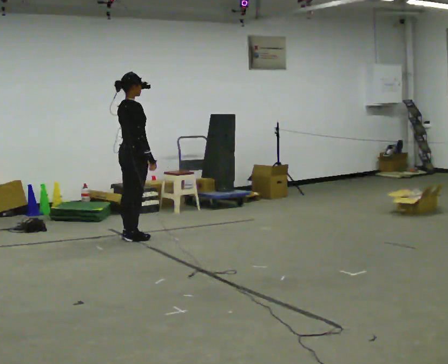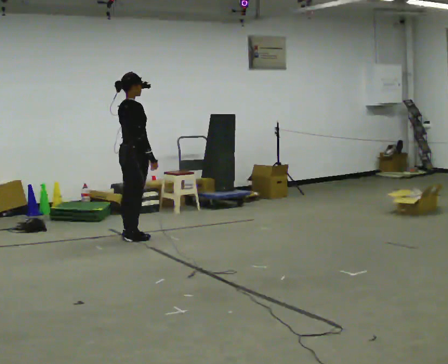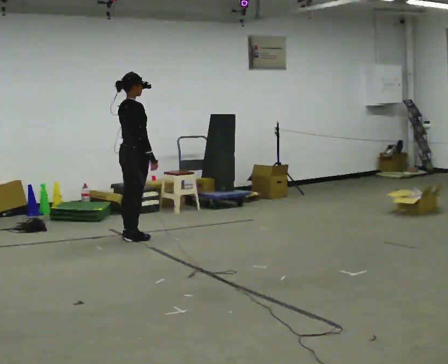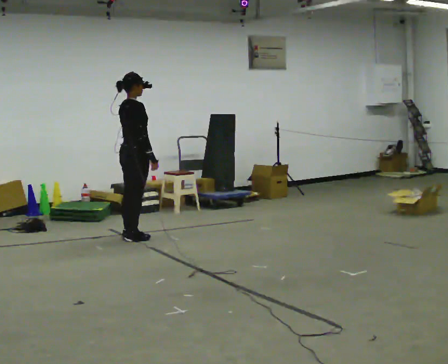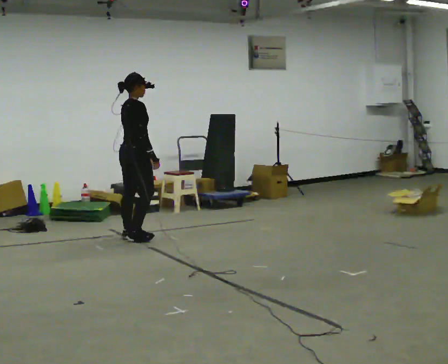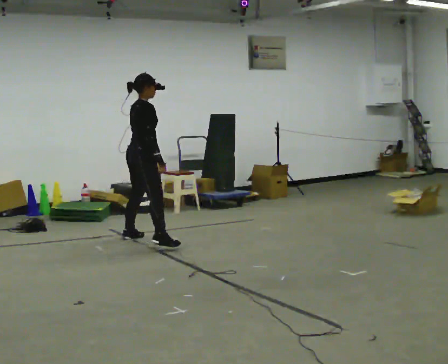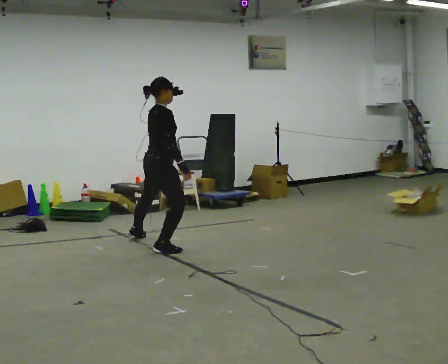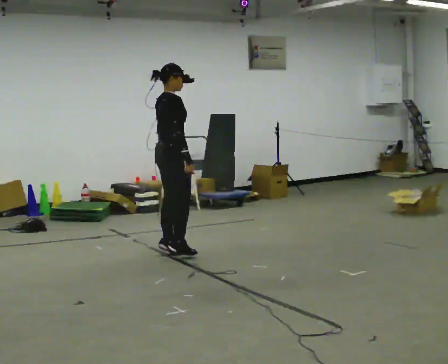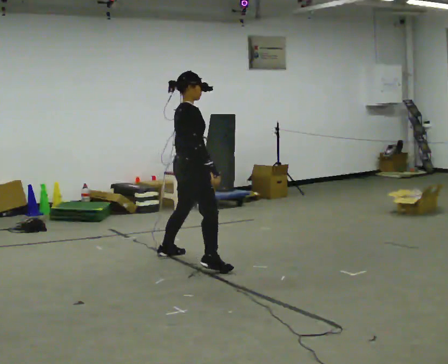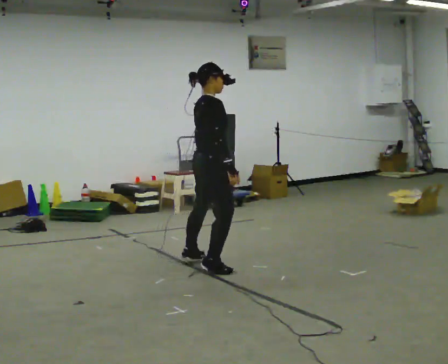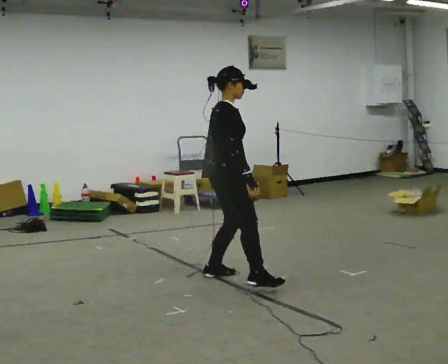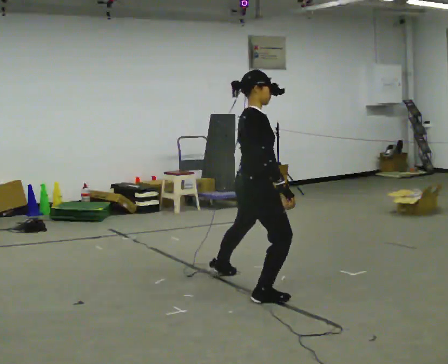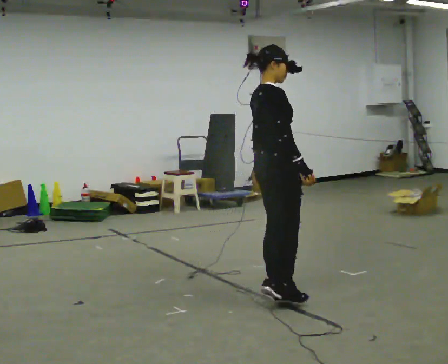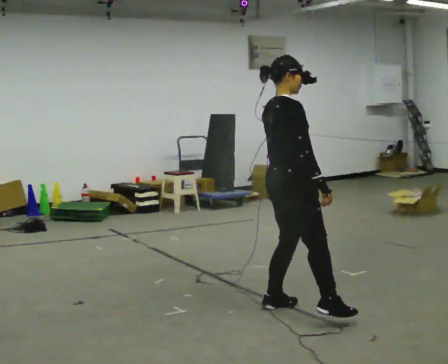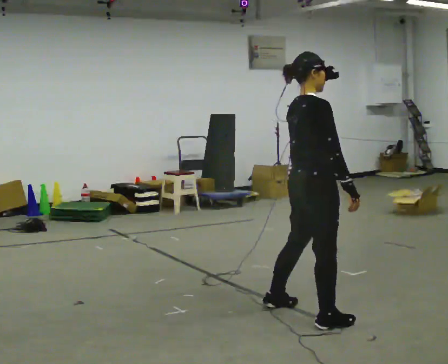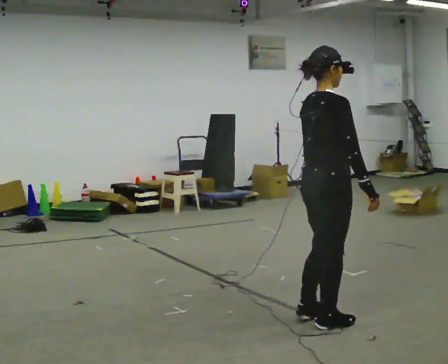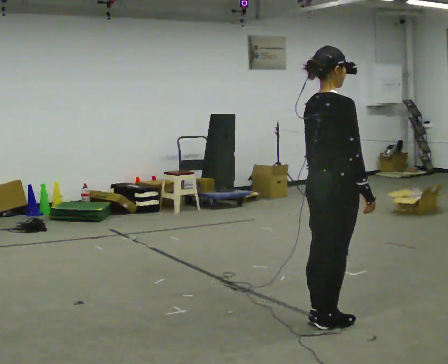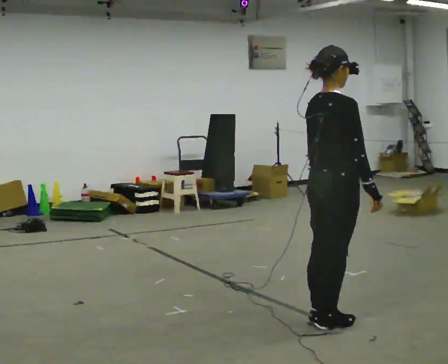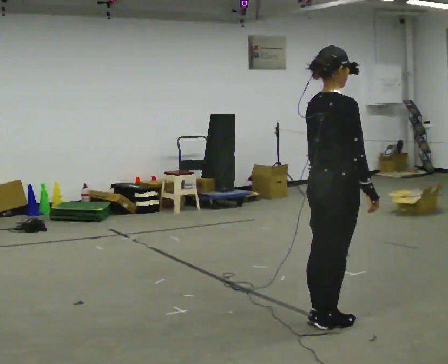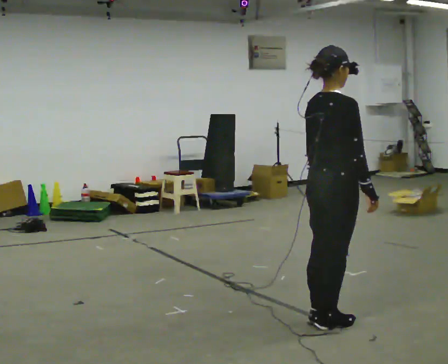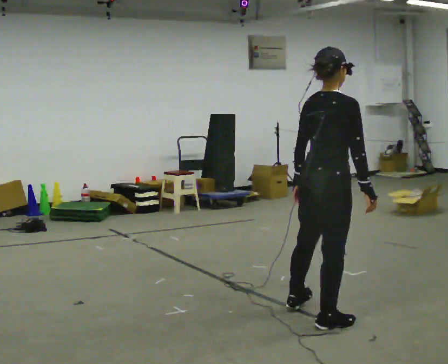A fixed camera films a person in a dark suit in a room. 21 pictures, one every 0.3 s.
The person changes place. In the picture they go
toward the camera.
0.0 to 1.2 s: The person moves a little, or ends about where they began.
1.2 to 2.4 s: In the picture they go toward the camera and to the right, about 1 m in 2 steps, which for them is to their right.
2.4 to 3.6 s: In the picture they go toward the camera and to the right, about 1 m in 3 steps, which for them is to their right.
3.6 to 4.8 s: In the picture they go toward the camera and to the right, about 0.5 m in 3 steps, which for them is to their right.
4.8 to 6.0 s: The person moves a little, or ends about where they began.
The film runs forward here.
